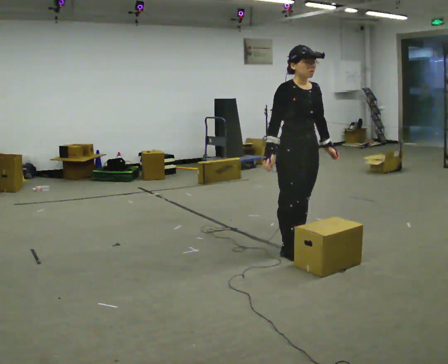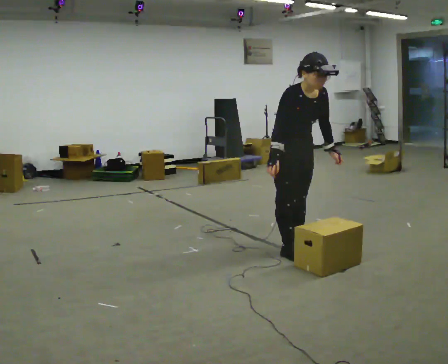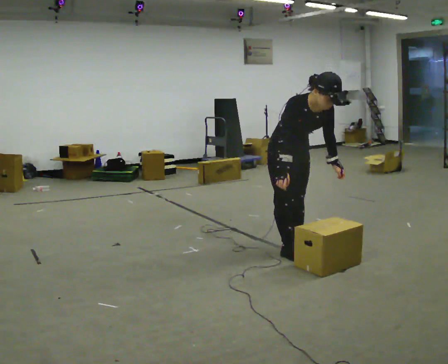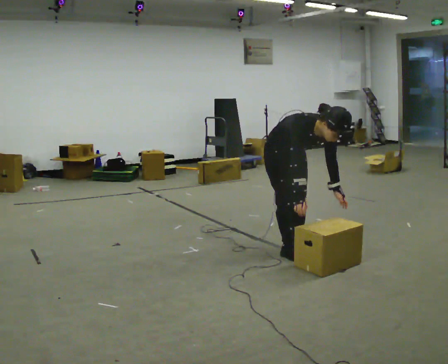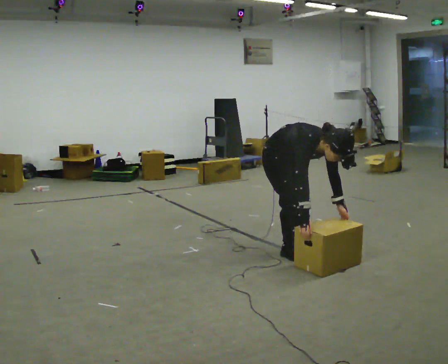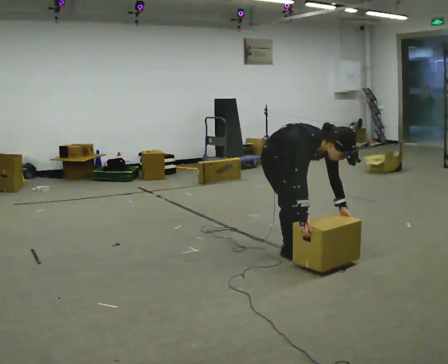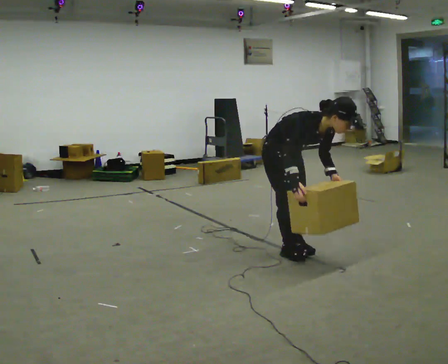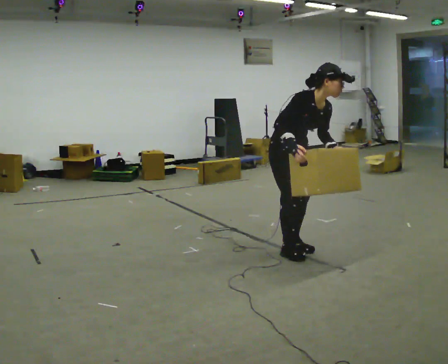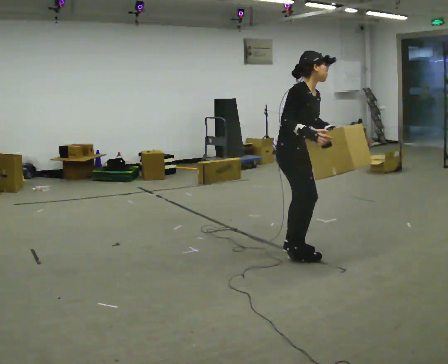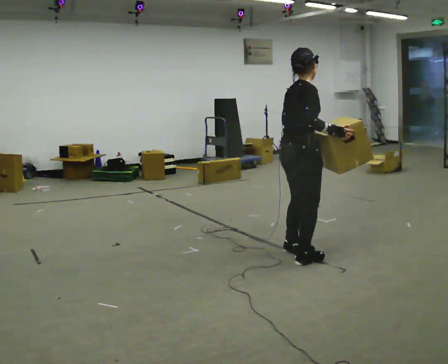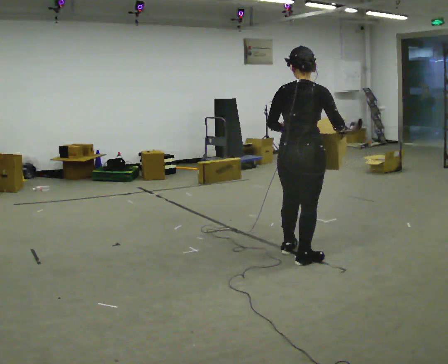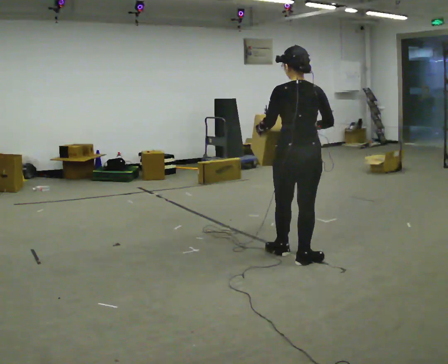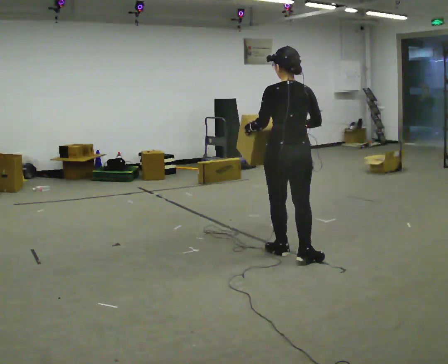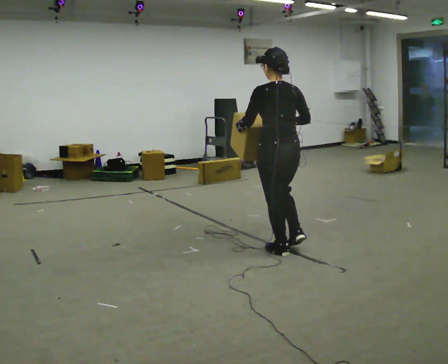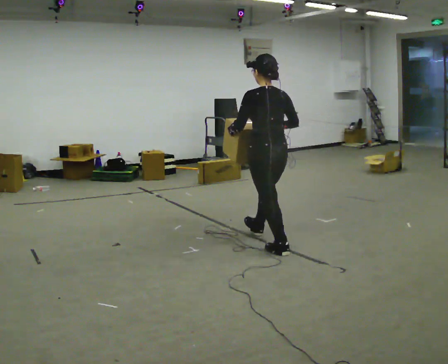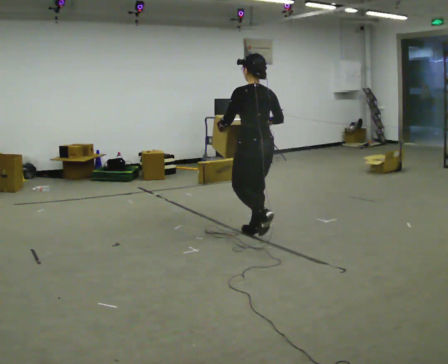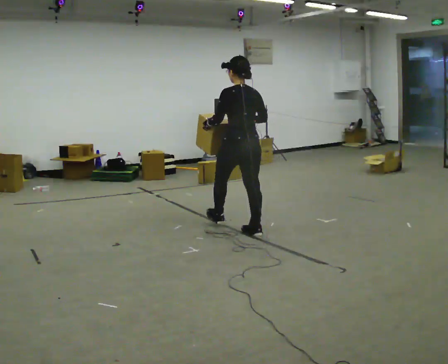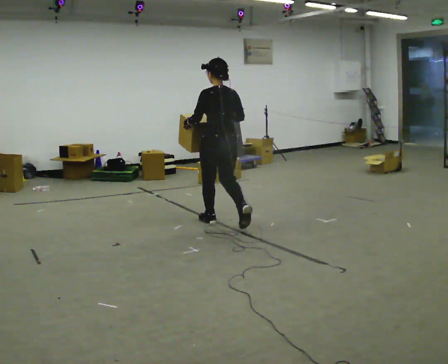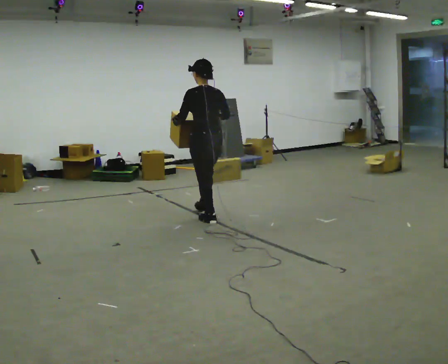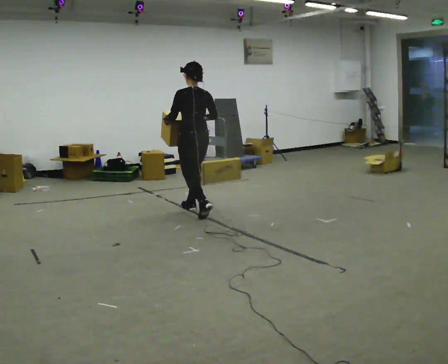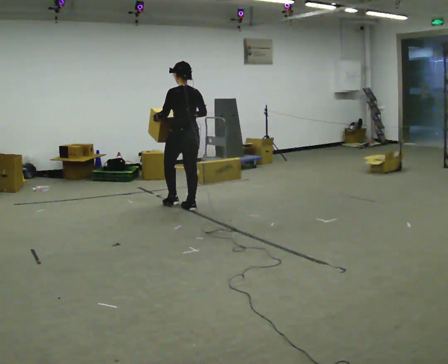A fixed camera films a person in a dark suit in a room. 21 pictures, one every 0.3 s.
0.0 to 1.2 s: The shoulders move downward. In the picture the upper body tilts clockwise, shoulders to the right, as they bend forward. In the picture their right hand goes downward.
1.2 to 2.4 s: The part of the body nearest the lens slides to the right as the person turns to their left by about 30 degrees. The shoulders move upward. The upper body tips away from the camera, its near side rolling upward, as they lean back or straighten. In the picture their right hand goes upward.
2.4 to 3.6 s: The part of the body nearest the lens slides to the right as the person turns to their left by about 120 degrees.
3.6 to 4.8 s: In the picture they go away from the camera and to the left, about 1 m in 1 step, which for them is forward.
4.8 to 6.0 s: In the picture they go to the left and away from the camera, about 1 m in 2 steps, which for them is forward.
The film runs forward here.
